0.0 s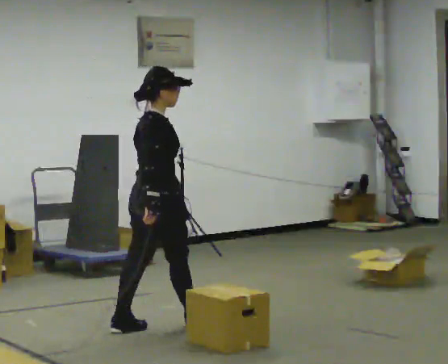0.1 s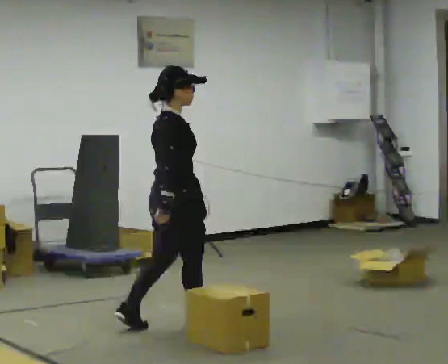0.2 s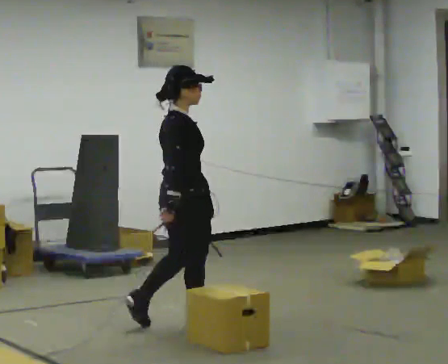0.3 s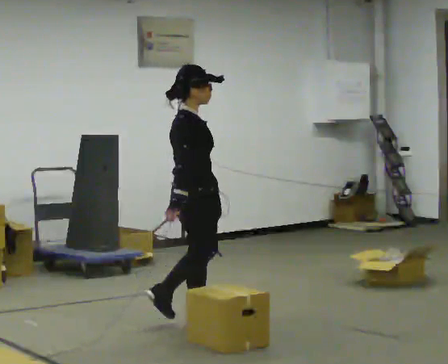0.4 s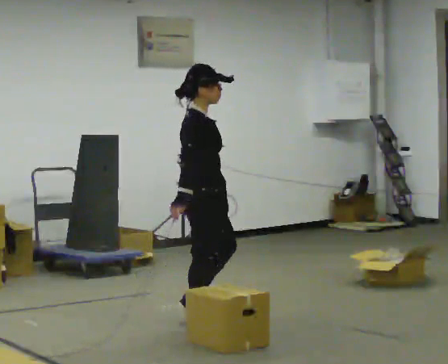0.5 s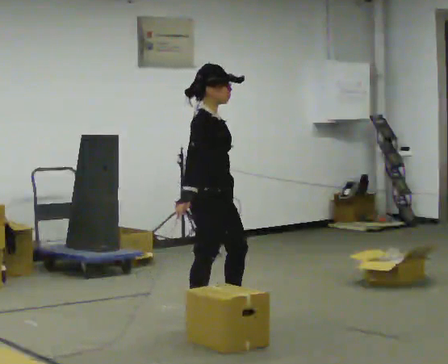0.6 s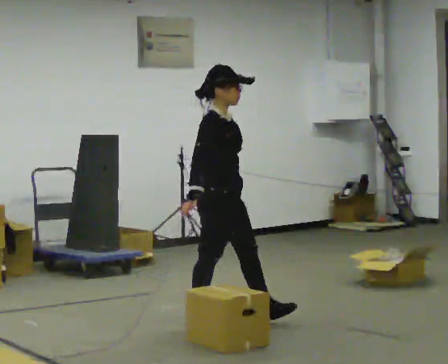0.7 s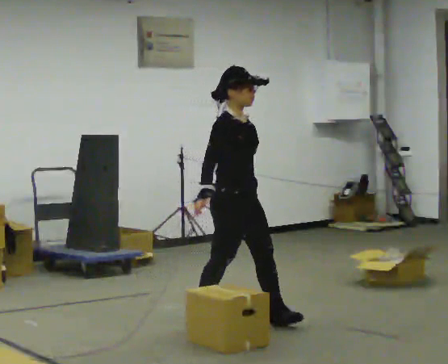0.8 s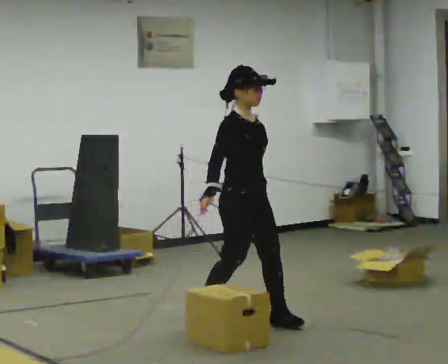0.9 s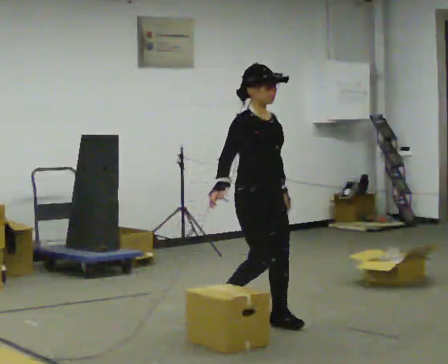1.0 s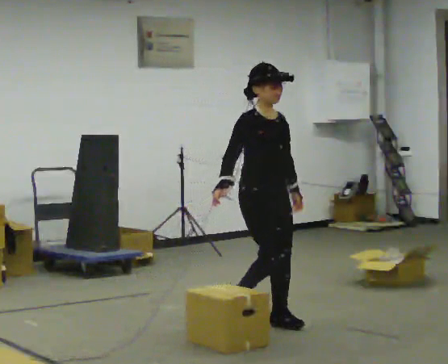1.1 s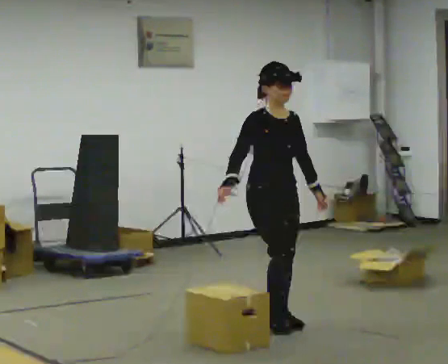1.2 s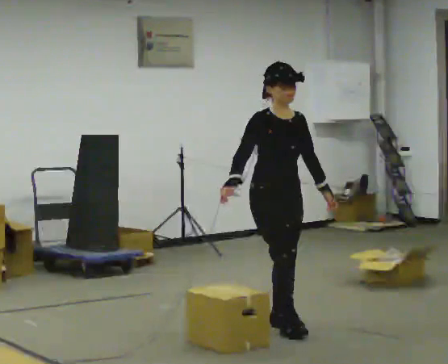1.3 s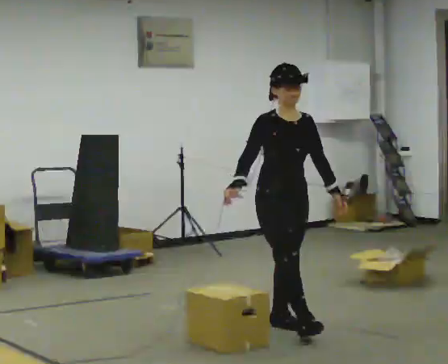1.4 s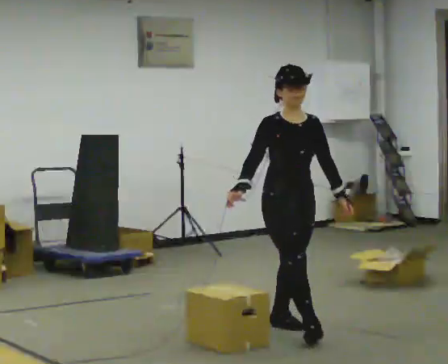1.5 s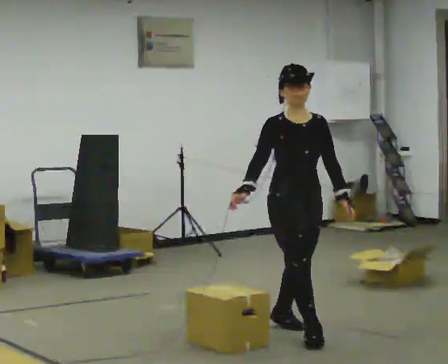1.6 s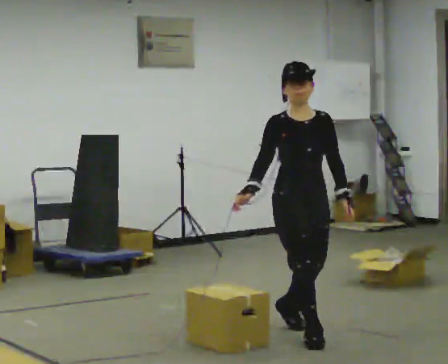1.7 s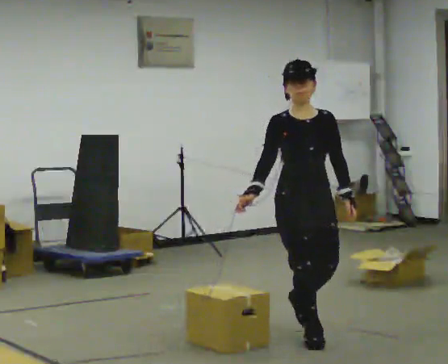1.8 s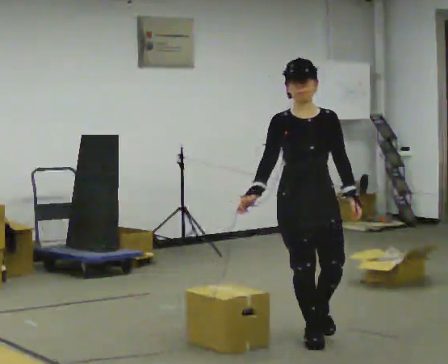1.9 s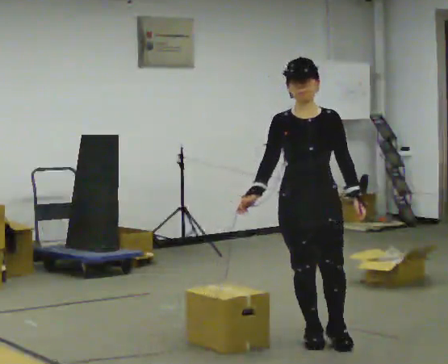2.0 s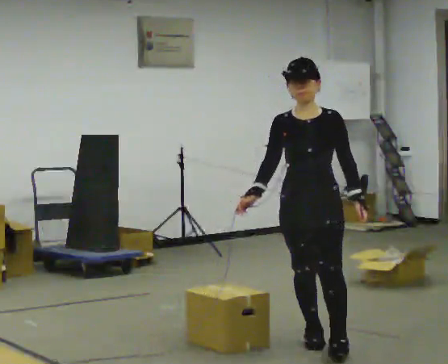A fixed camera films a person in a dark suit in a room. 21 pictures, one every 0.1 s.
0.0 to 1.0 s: The person turns about 75 degrees to their right, clockwise seen from above, so the part of the body nearest the lens slides to the left. In the picture they go to the right, about 0.75 m in 2 steps.
1.0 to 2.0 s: Seen from above the body turns clockwise, about 45 degrees: to their right, with its near side sliding to the left. In the picture they go toward the camera and to the right, about 0.5 m in 1 step, which for them is forward.
The film runs forward here.
